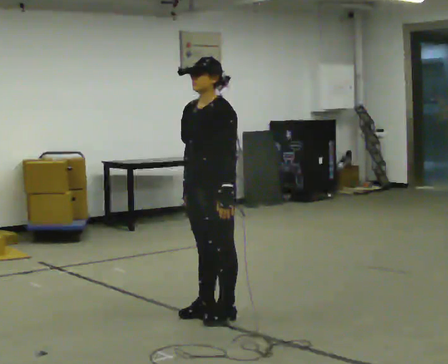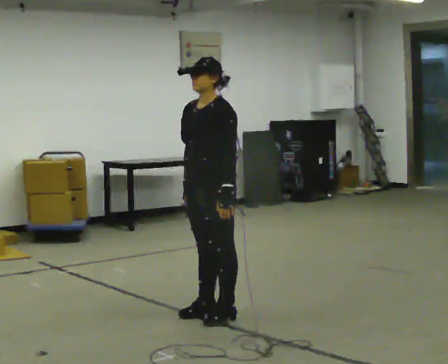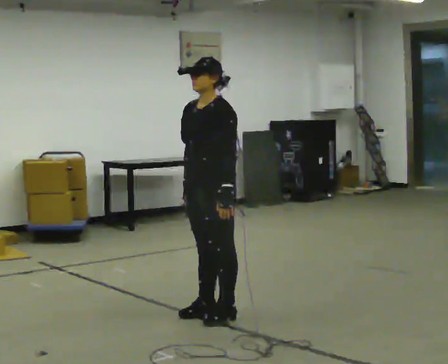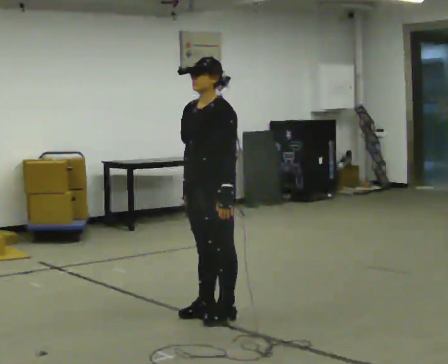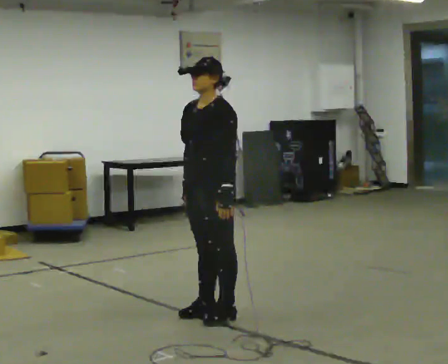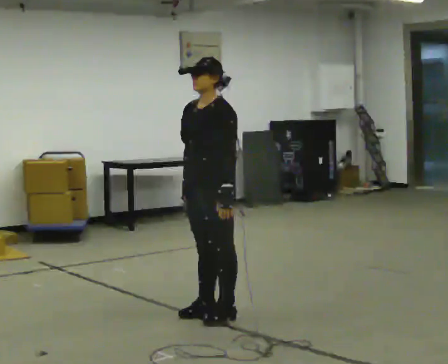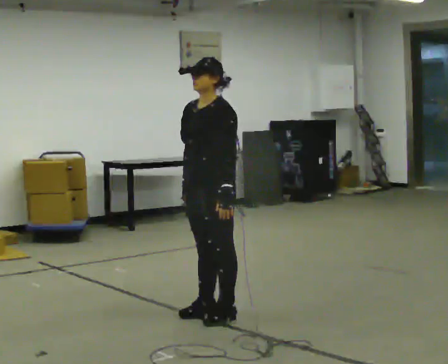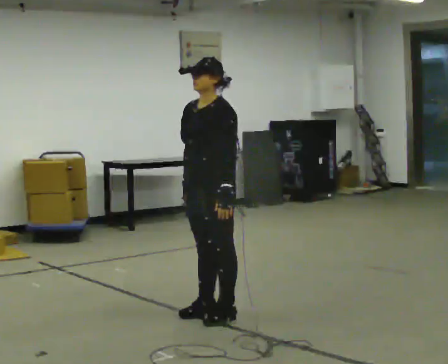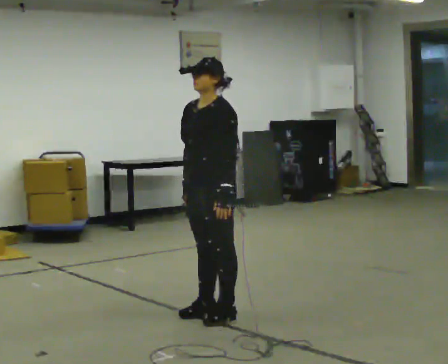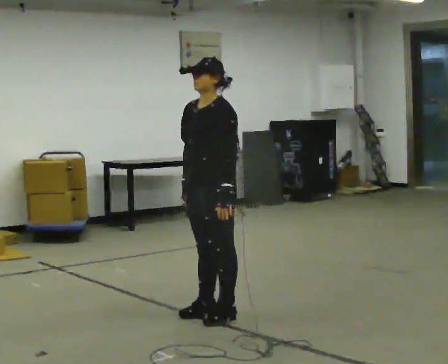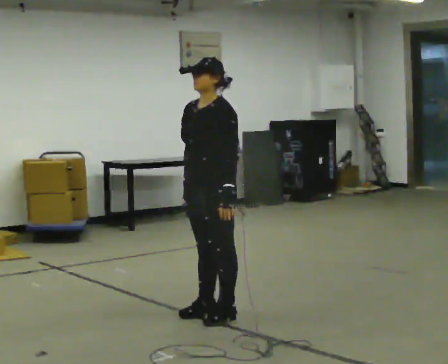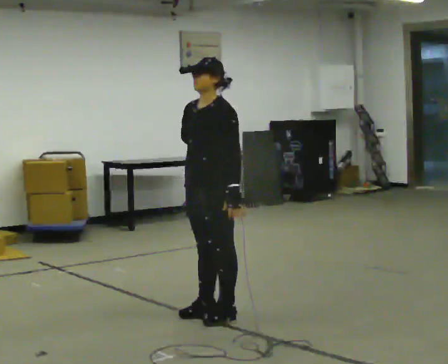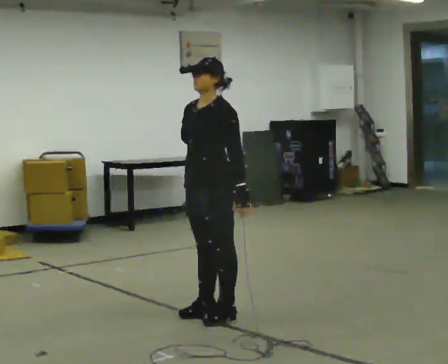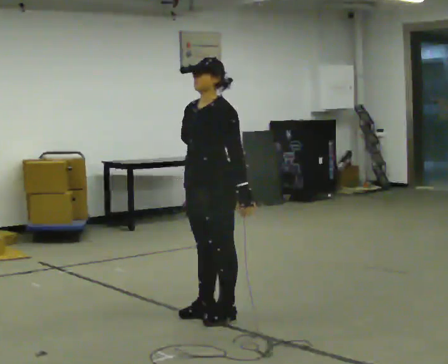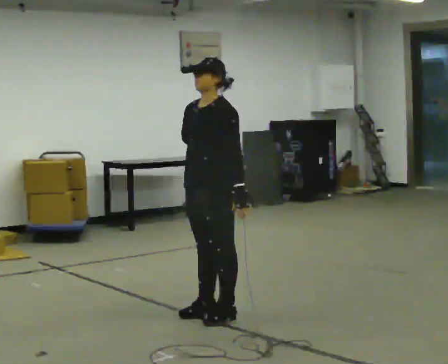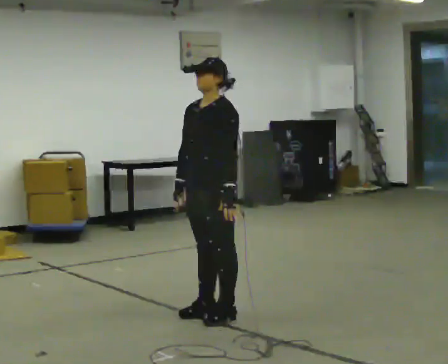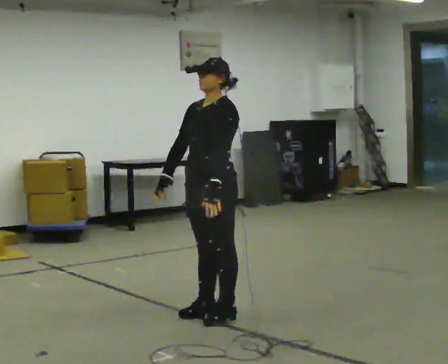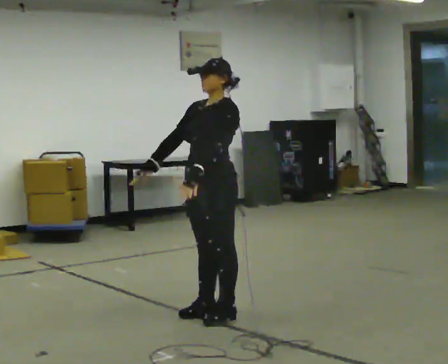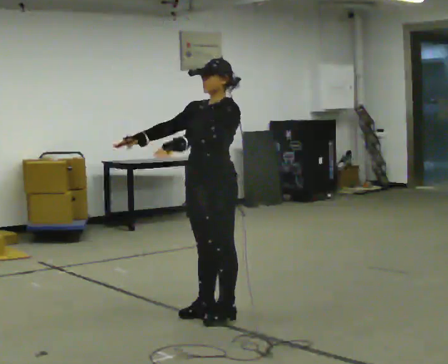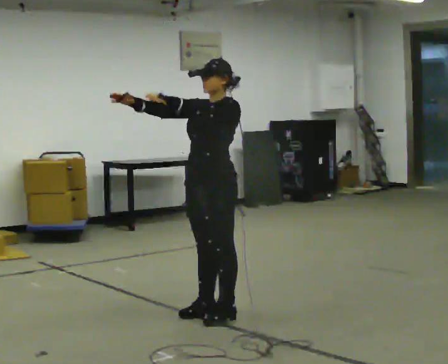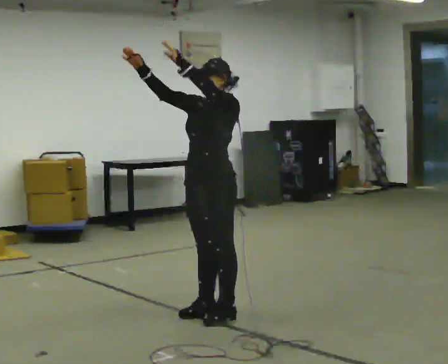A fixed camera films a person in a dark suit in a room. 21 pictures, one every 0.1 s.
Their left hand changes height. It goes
upward.
Their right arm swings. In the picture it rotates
clockwise.
0.0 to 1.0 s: The person keeps their place and pose.
1.0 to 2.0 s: In the picture their left hand goes upward.
The film runs backward here.
